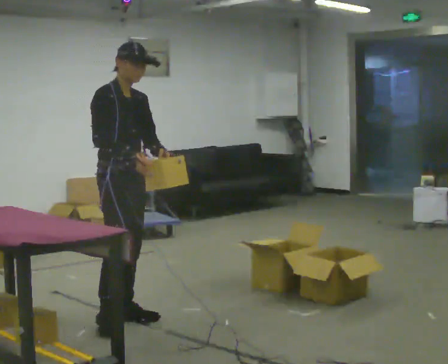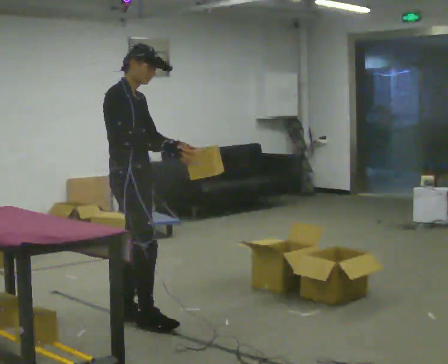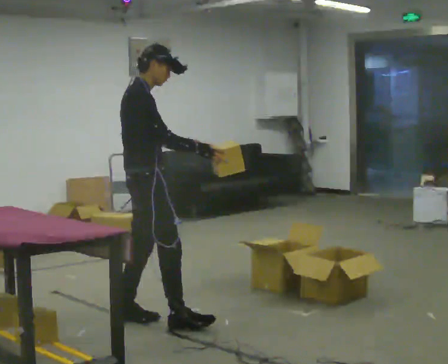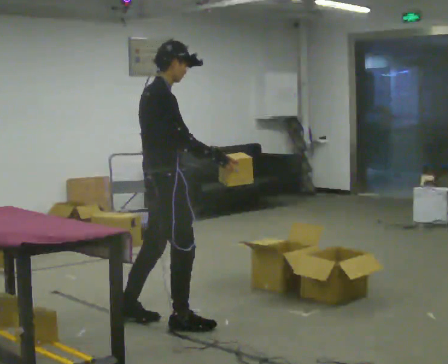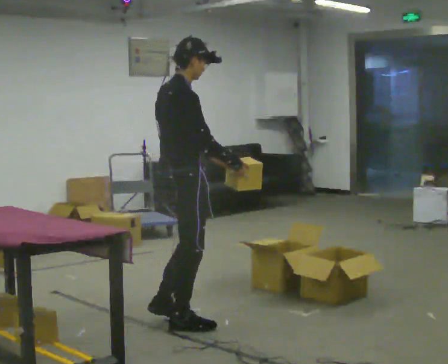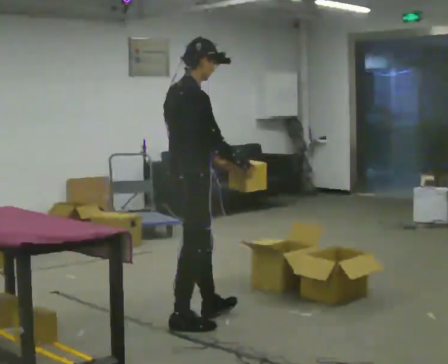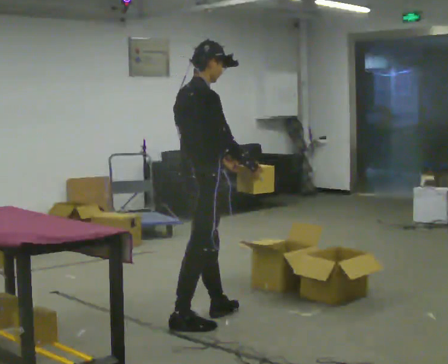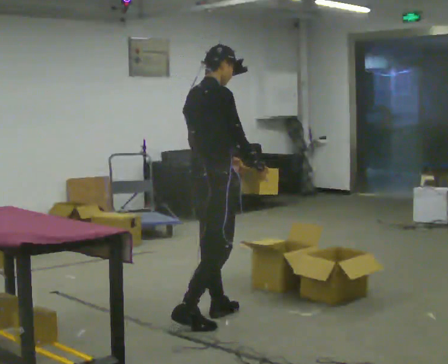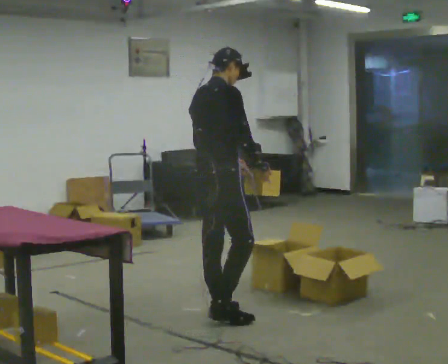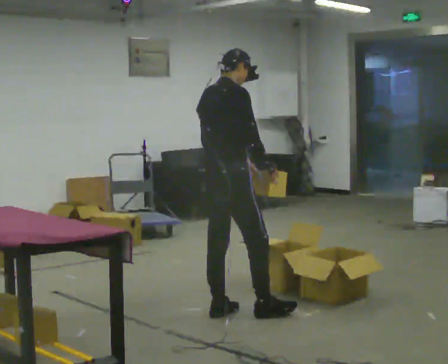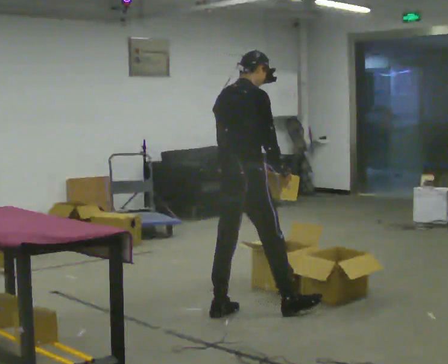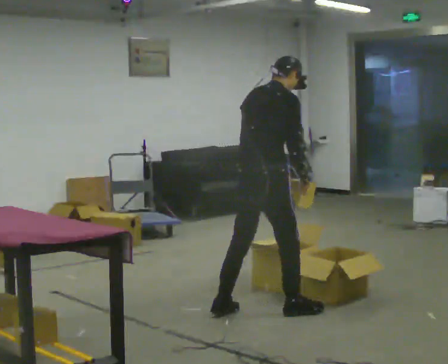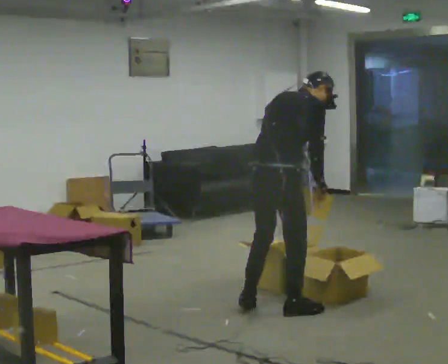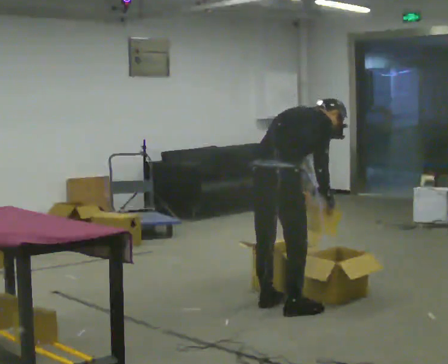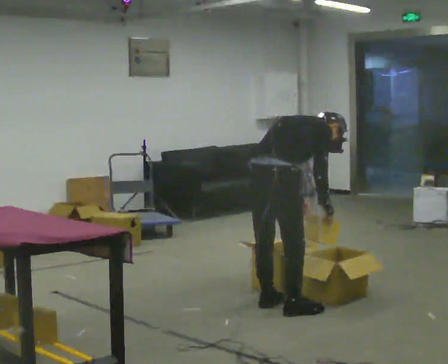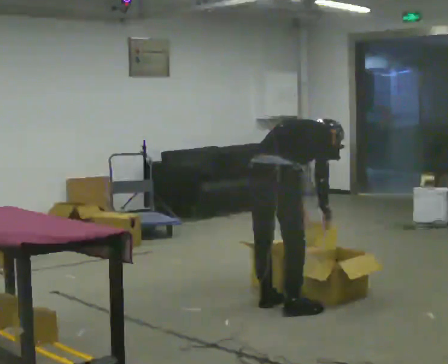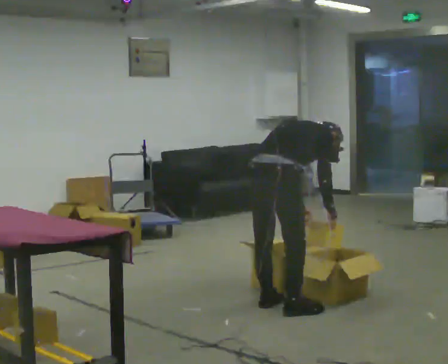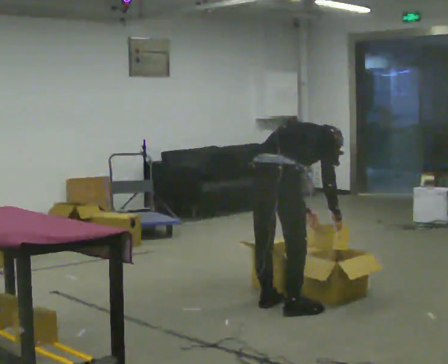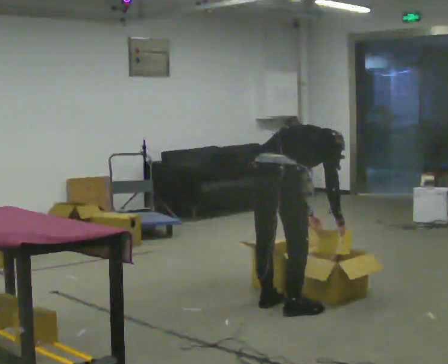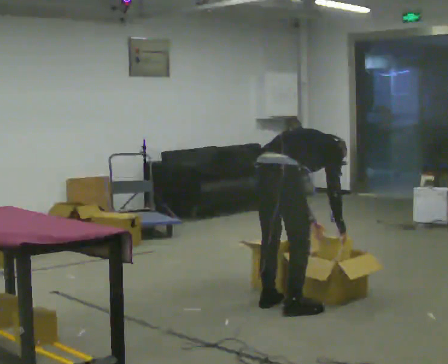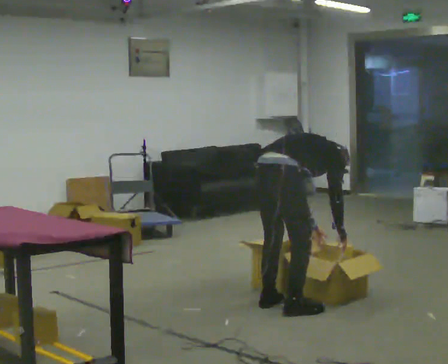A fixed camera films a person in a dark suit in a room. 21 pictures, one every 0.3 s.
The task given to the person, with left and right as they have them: 1. Look at the shelf and see which spaces are empty. 2. Find matching items in the bins on the floor. 3. Fill the empty spaces on the shelf. 4. Tell the operator when you are finished.
0.0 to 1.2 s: The part of the body nearest the lens slides to the right as the person turns to their left by about 45 degrees. In the picture they go to the right, about 0.25 m in 1 step, which for them is forward and to their right.
1.2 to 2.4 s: In the picture they go away from the camera and to the right, about 0.25 m in 1 step, which for them is forward and to their left.
2.4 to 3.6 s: In the picture they go to the right, about 0.25 m in 1 step, which for them is forward and to their right. In the picture the upper body tilts clockwise, shoulders to the right, as they bend forward.
3.6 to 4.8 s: The upper body goes downward. The upper body tips away from the camera, its near side rolling upward, as they bend forward.
4.8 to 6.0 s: In the picture the upper body tilts clockwise, shoulders to the right, as they bend forward.
The film runs forward here.
